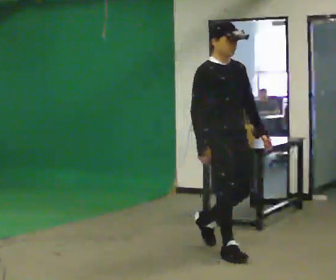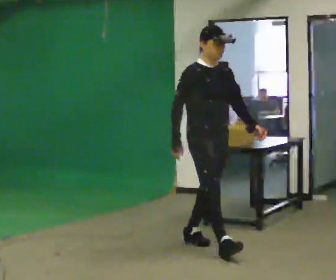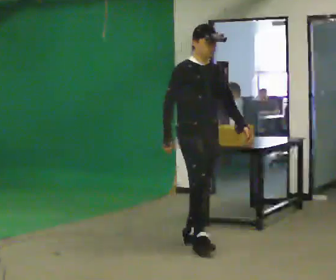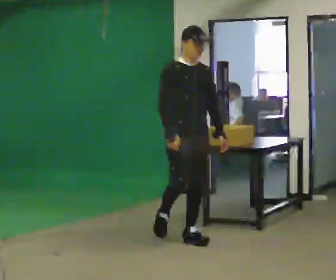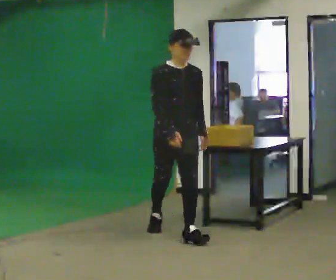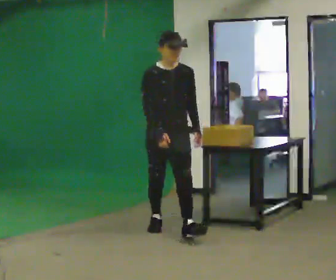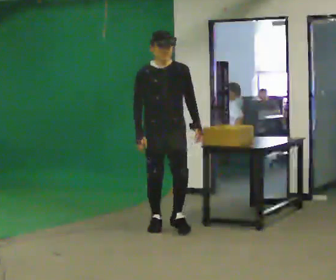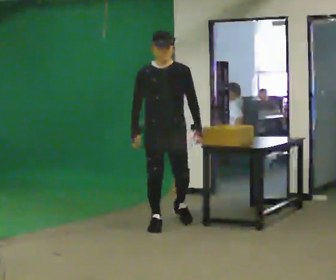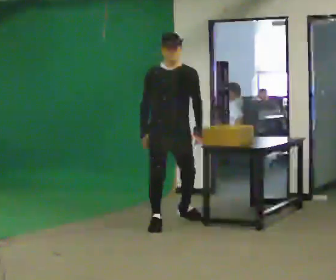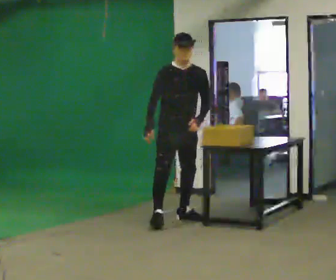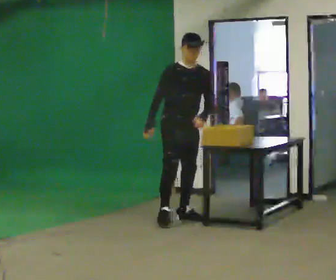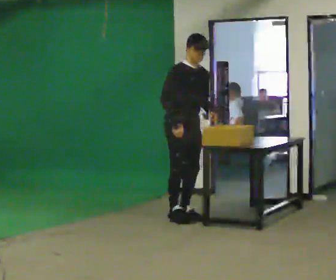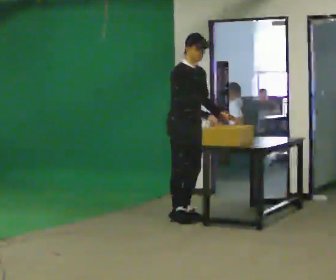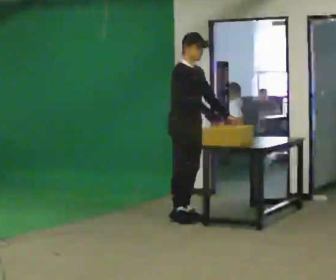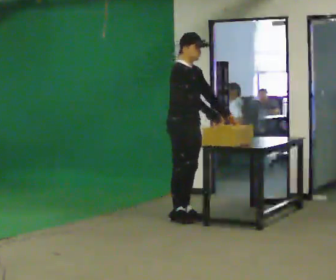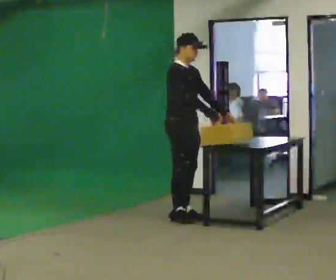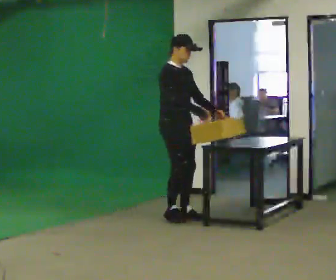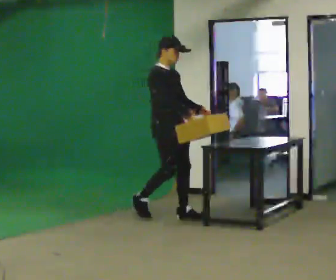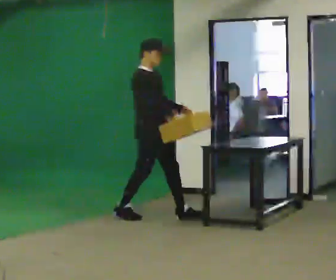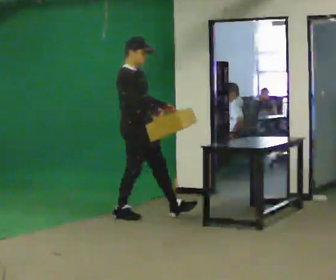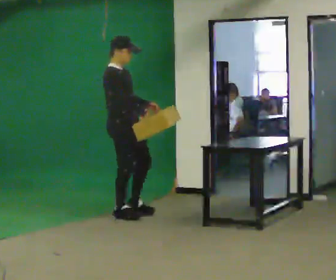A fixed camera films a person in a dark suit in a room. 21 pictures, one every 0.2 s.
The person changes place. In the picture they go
away from the camera.
0.0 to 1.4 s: The part of the body nearest the lens slides to the left as the person turns to their right by about 30 degrees. In the picture they go away from the camera and to the left, about 1 m in 2 steps, which for them is backward.
1.4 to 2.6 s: Seen from above the body turns counterclockwise, about 45 degrees: to their left, with its near side sliding to the right. In the picture they go away from the camera, about 0.5 m in 1 step, which for them is to their left and backward.
2.6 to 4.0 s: In the picture they go to the left, about 0.5 m in 2 steps, which for them is backward and to their right.
The film runs backward here.
